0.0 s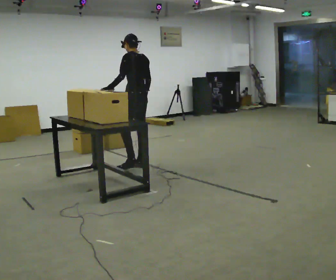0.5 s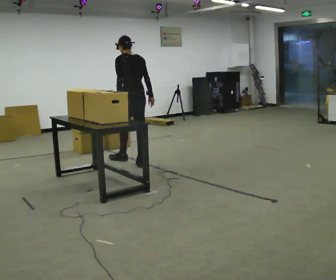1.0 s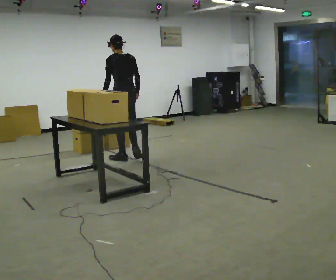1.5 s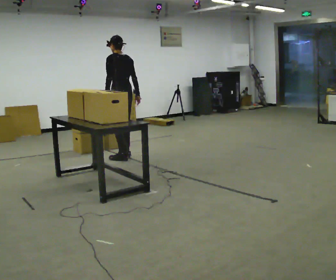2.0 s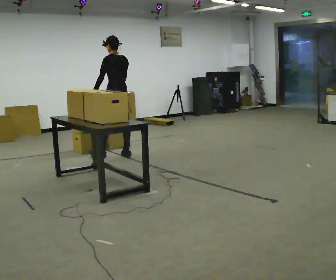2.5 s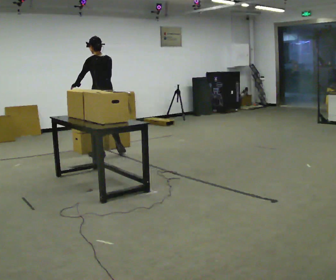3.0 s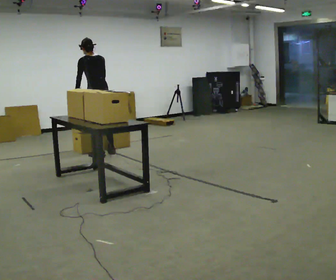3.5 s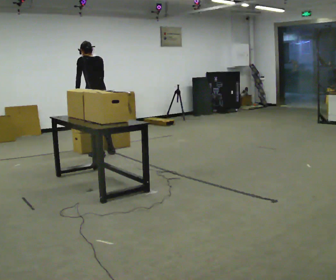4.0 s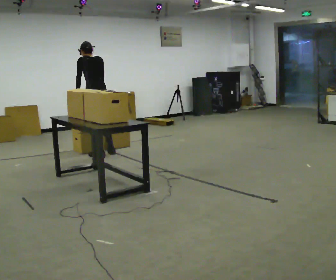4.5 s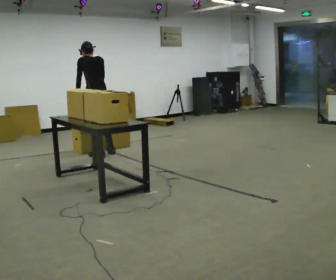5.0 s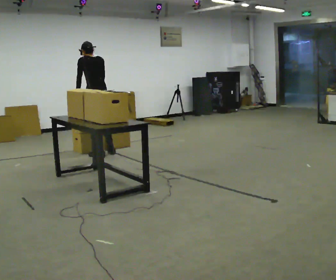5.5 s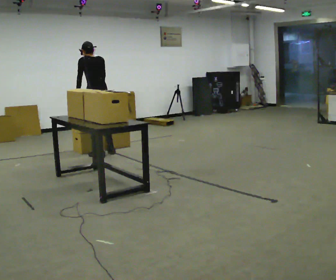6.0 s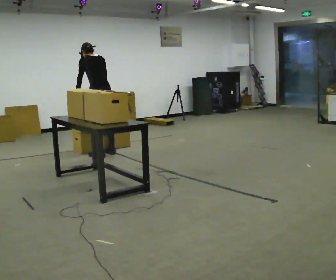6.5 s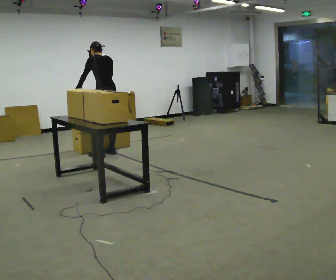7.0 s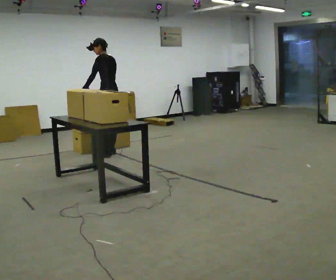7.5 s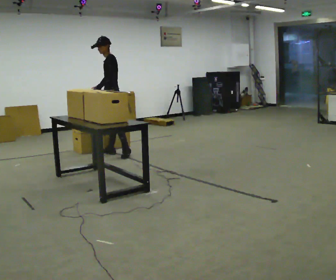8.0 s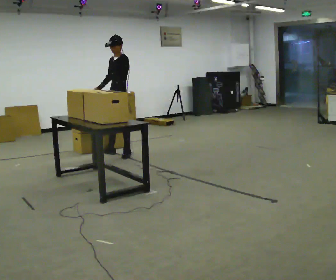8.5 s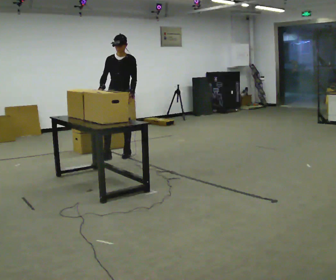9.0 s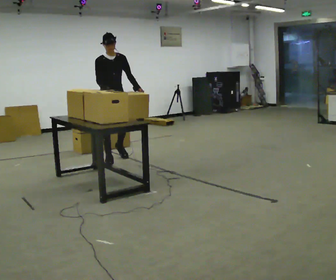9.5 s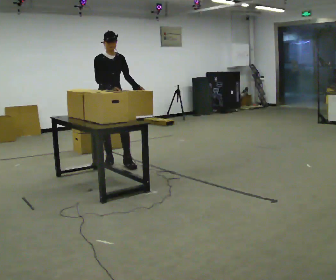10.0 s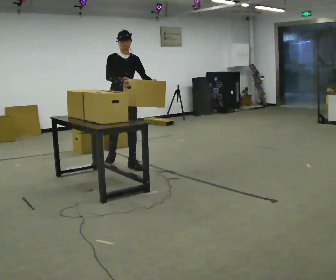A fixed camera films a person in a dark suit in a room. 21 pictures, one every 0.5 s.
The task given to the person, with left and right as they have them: Bring the boxes over one at a time and stack them on top of each other, walking back for each one. Keep going until the operator says stop; one object at a time, and do not rush between trips.
0.0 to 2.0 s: In the picture they go away from the camera, about 0.5 m in 2 steps, which for them is forward.
2.0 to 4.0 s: In the picture they go to the left, about 0.25 m in 2 steps, which for them is to their left and forward.
4.0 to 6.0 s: The person moves a little, or ends about where they began.
6.0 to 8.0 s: The part of the body nearest the lens slides to the right as the person turns to their left by about 75 degrees. In the picture they go to the right, about 0.25 m in 1 step. The upper body tips toward the camera, its near side rolling downward, as they lean back or straighten.
8.0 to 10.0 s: Seen from above the body turns counterclockwise, about 75 degrees: to their left, with its near side sliding to the right. In the picture they go toward the camera, about 0.5 m in 2 steps.
The film runs forward here.
